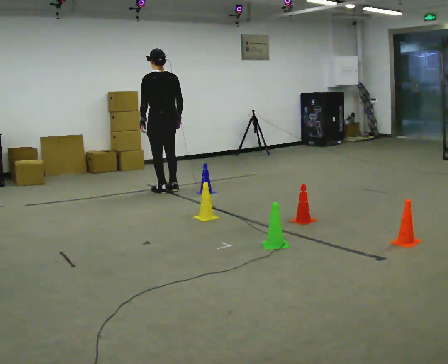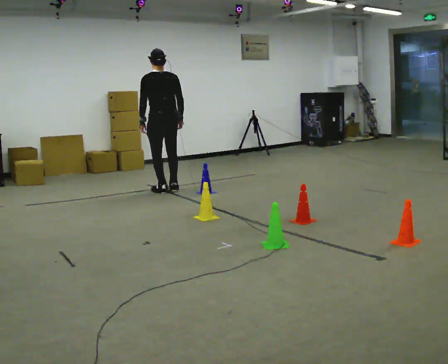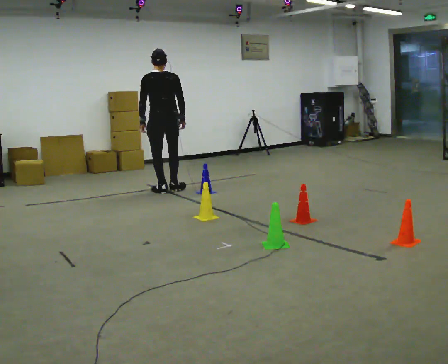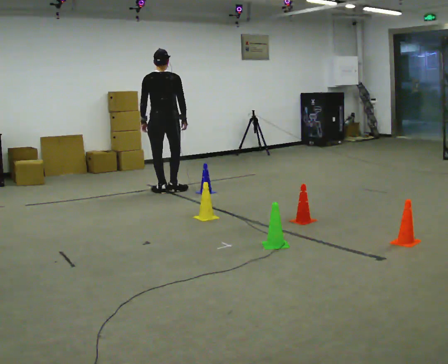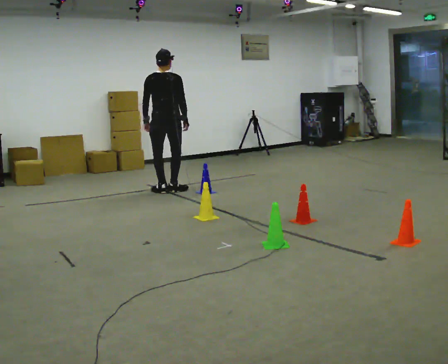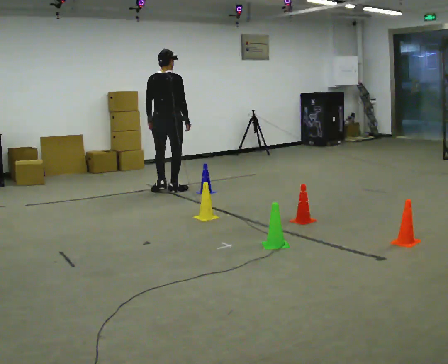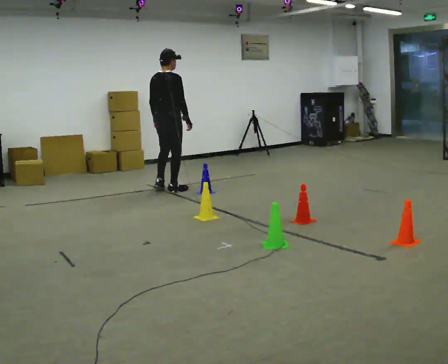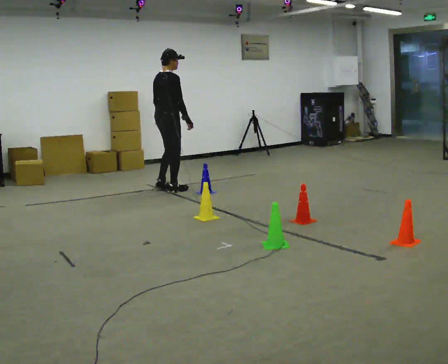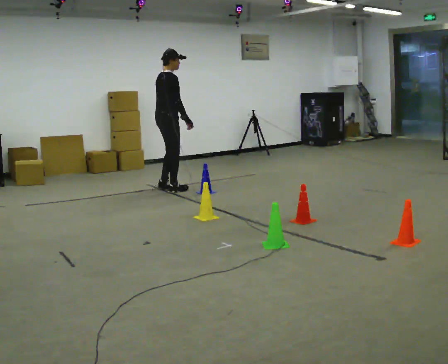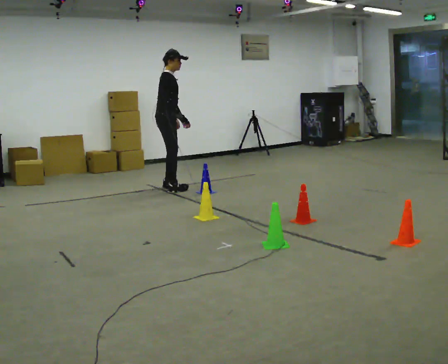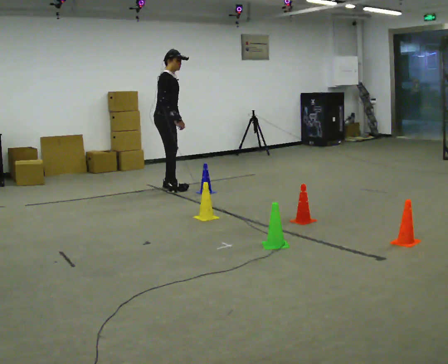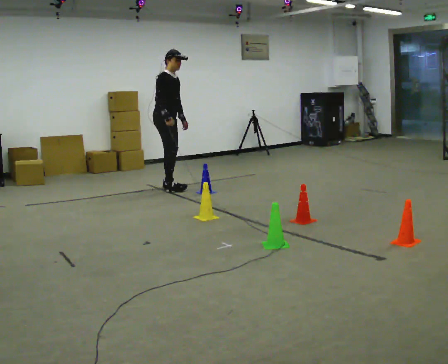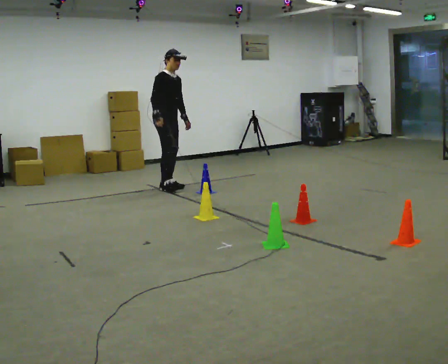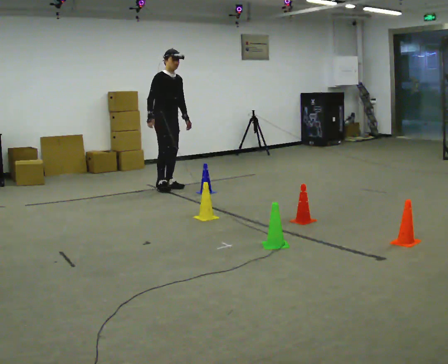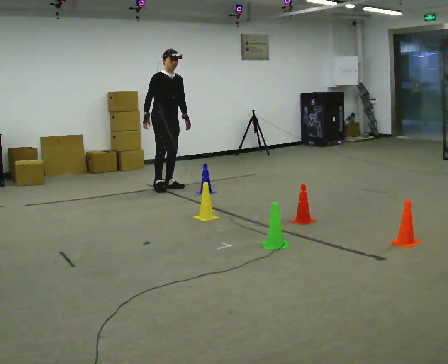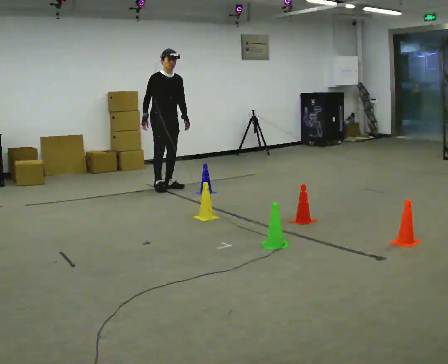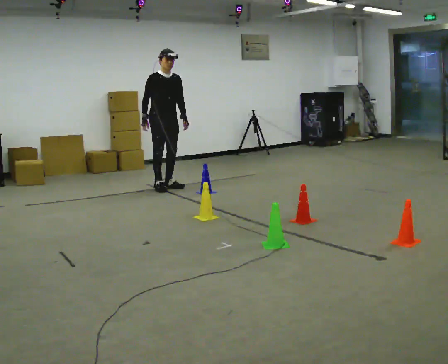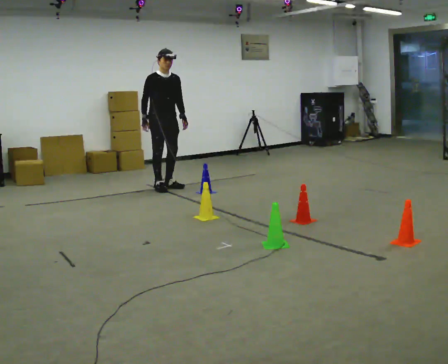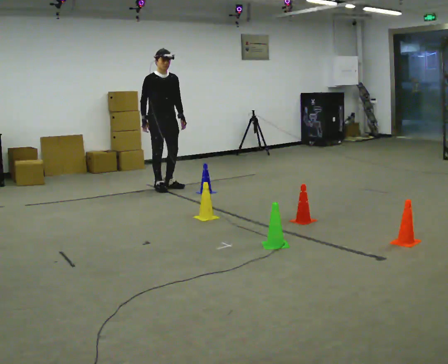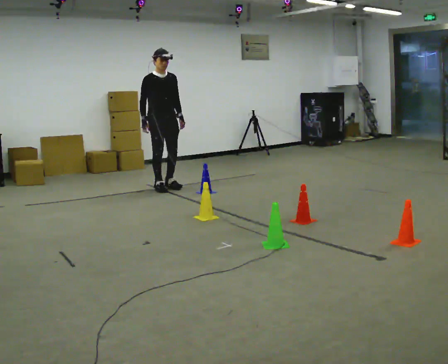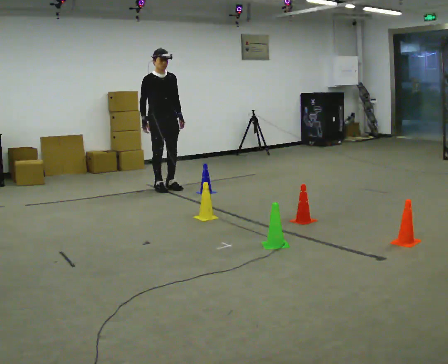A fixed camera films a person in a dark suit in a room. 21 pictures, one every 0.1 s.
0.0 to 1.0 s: The part of the body nearest the lens slides to the left as the person turns to their right by about 135 degrees. In the picture they go away from the camera, about 0.25 m in 1 step. In the picture the upper body tilts clockwise, shoulders to the right.
1.0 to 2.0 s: Seen from above the body turns clockwise, about 45 degrees: to their right, with its near side sliding to the left. In the picture their right hand goes to the left.
The film runs forward here.
